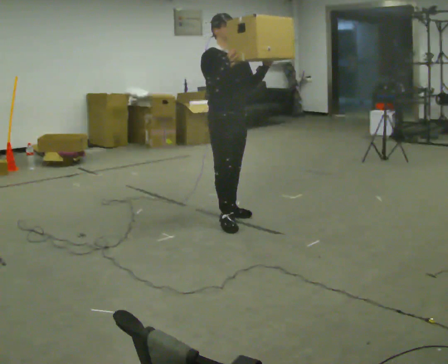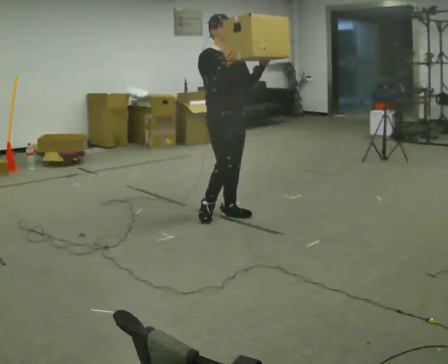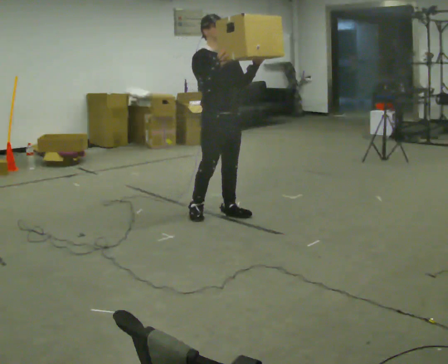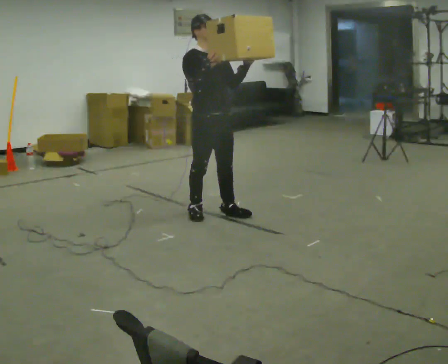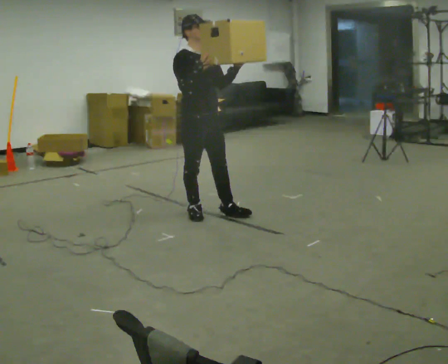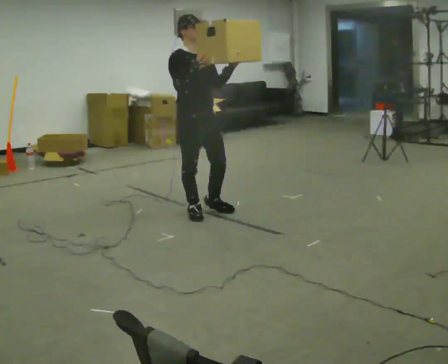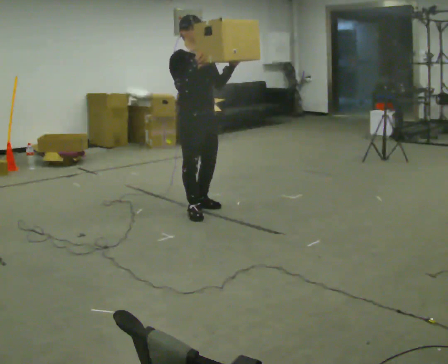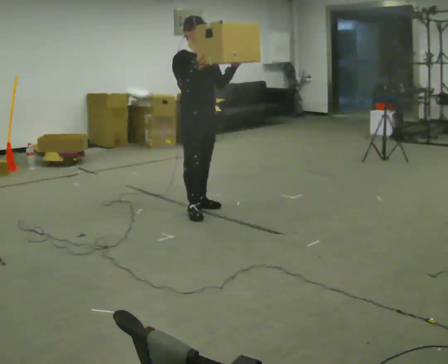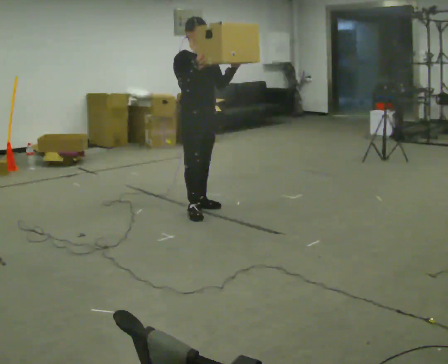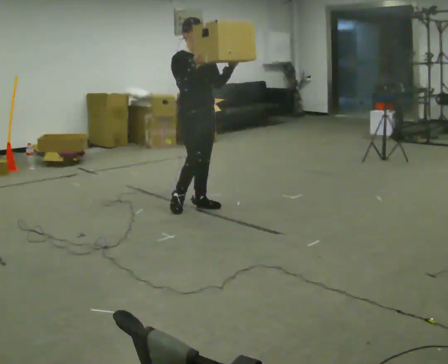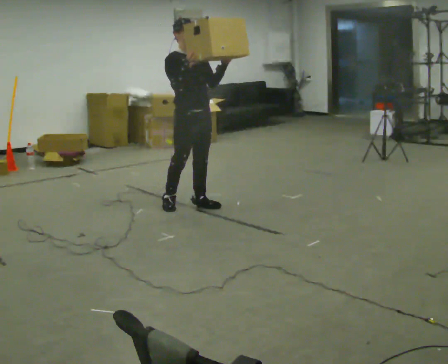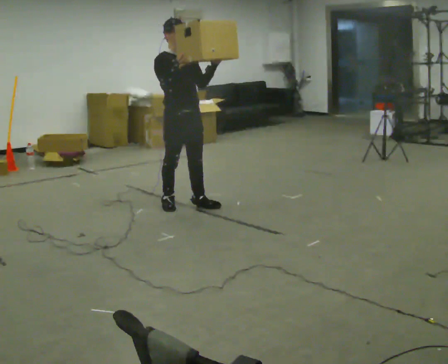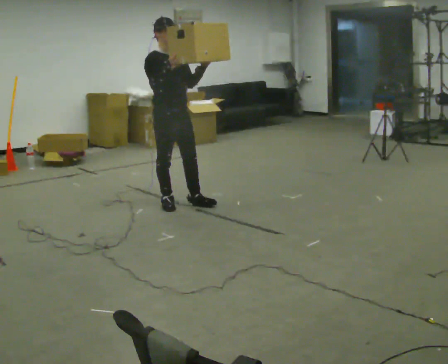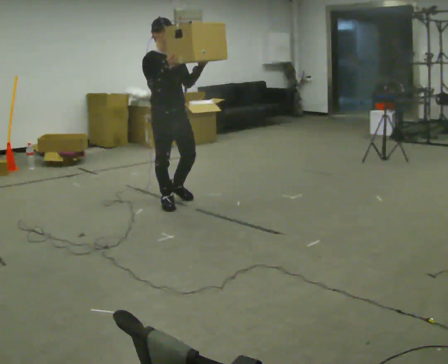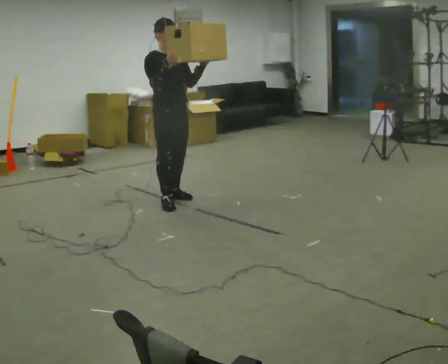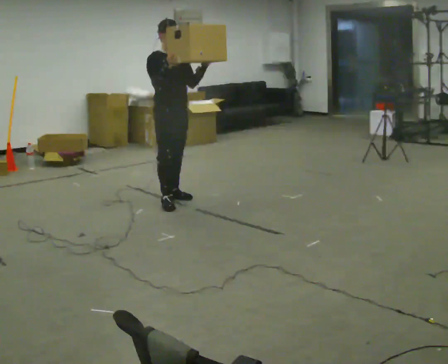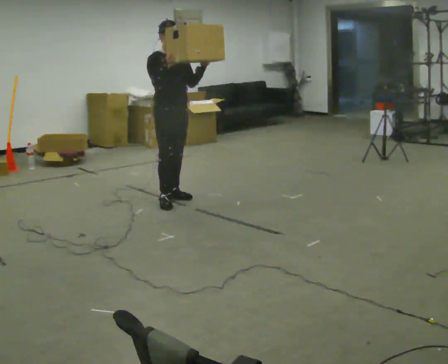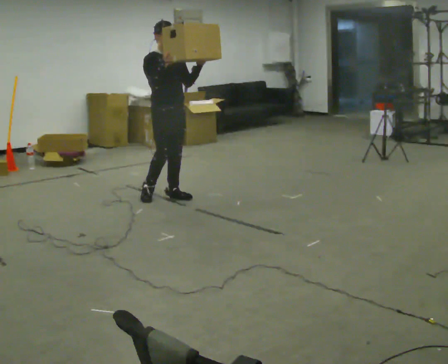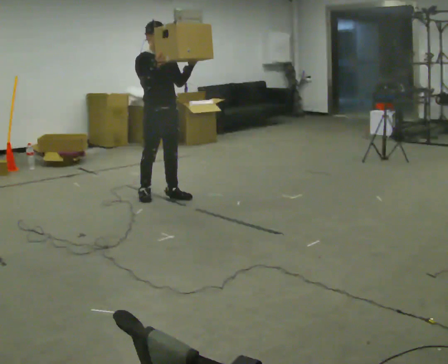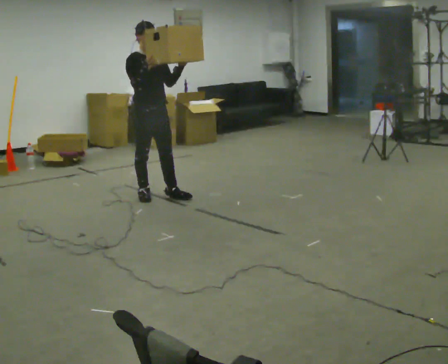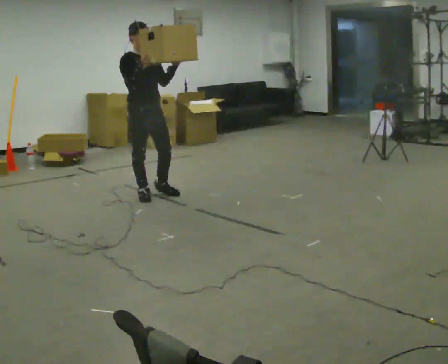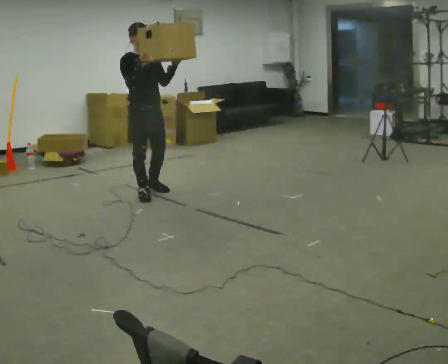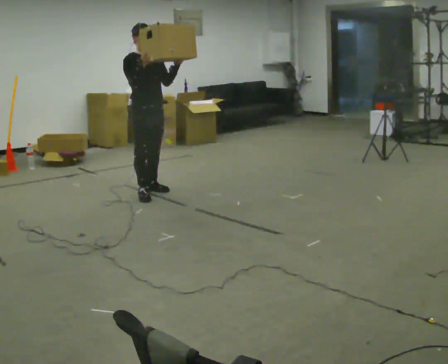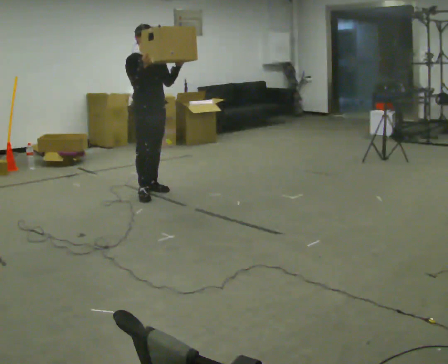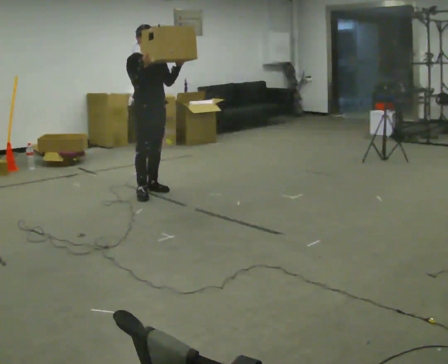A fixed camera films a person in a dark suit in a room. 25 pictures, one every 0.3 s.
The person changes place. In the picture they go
away from the camera.
0.0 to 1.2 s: In the picture they go to the left, about 0.25 m in 1 step, which for them is backward and to their right.
1.2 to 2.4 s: In the picture they go away from the camera, about 0.25 m in 1 step, which for them is backward and to their left.
2.4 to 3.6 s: In the picture they go to the left, about 0.25 m in 2 steps, which for them is backward and to their right.
3.6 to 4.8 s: In the picture they go away from the camera, about 0.25 m in 1 step, which for them is backward and to their left.
4.8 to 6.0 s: In the picture they go to the left, about 0.25 m in 1 step, which for them is backward and to their right.
6.0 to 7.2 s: In the picture they go away from the camera, about 0.25 m in 1 step, which for them is to their left and backward.
The film runs backward here.
